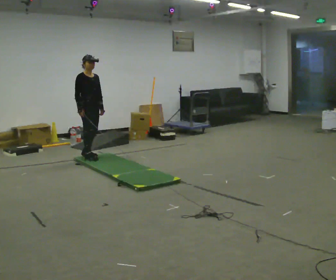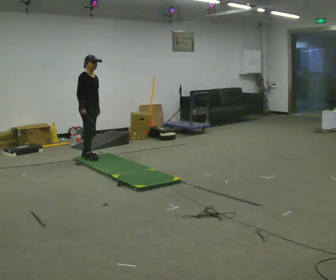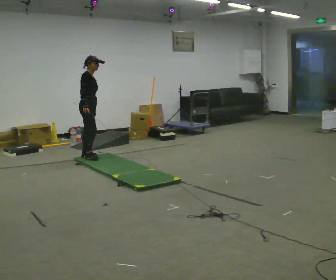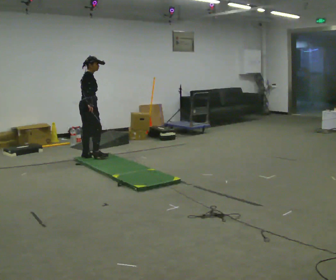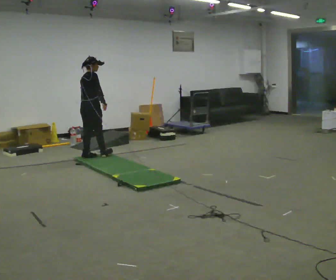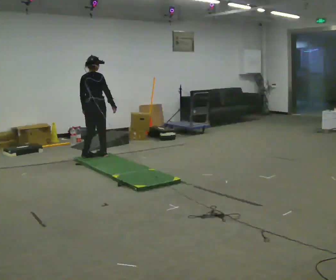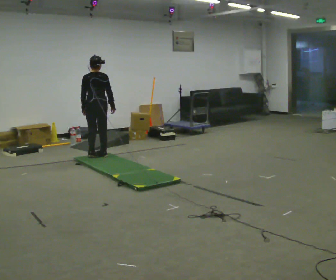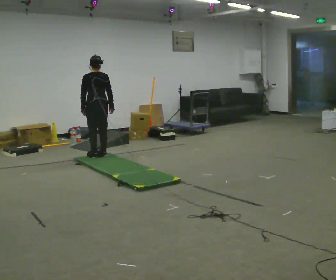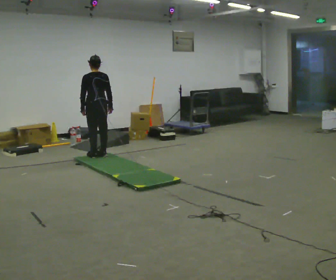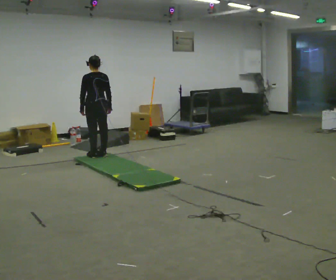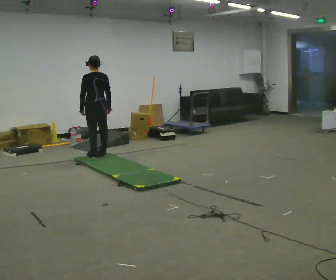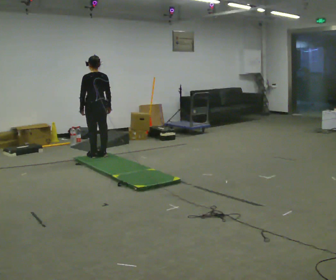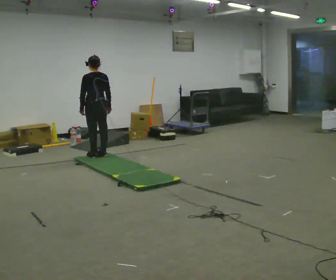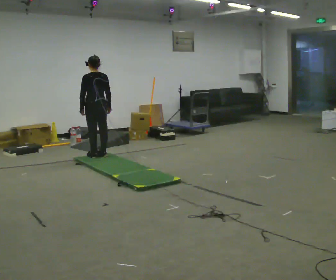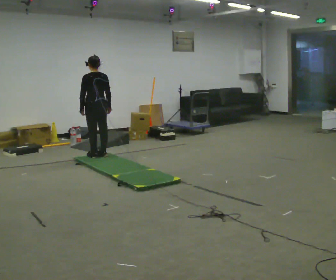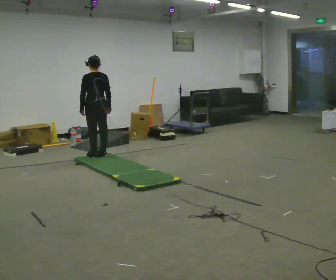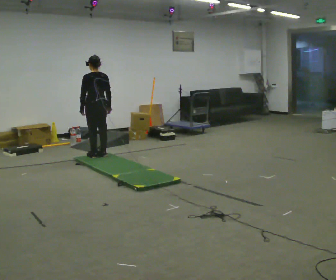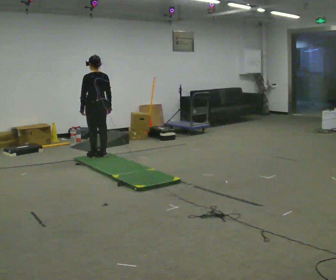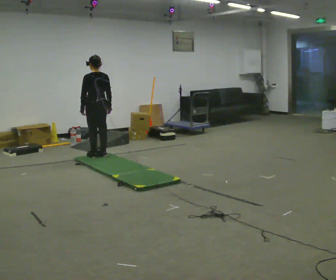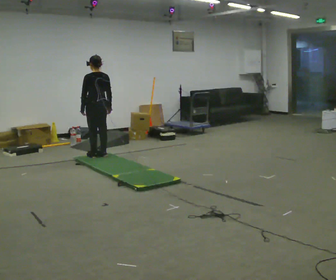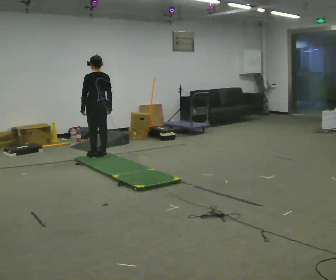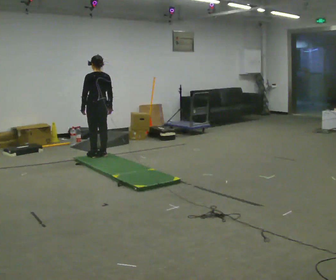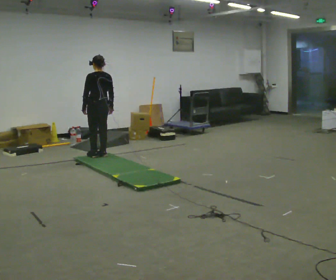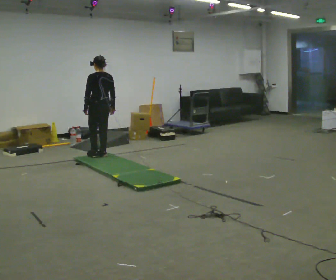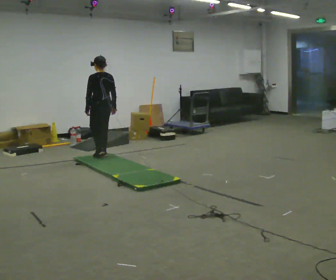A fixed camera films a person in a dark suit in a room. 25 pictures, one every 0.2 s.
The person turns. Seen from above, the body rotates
counterclockwise.
The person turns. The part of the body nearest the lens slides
to the right.
0.0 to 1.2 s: The person turns about 135 degrees to their left, counterclockwise seen from above, so the part of the body nearest the lens slides to the right. In the picture their right hand goes to the right.
1.2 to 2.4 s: The person turns about 30 degrees to their left, counterclockwise seen from above, so the part of the body nearest the lens slides to the right.
2.4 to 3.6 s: The person keeps their place and pose.
3.6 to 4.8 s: The person moves a little, or ends about where they began.
The film runs backward here.
